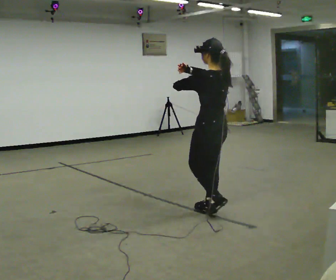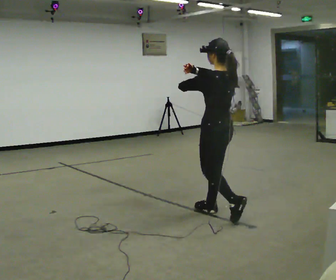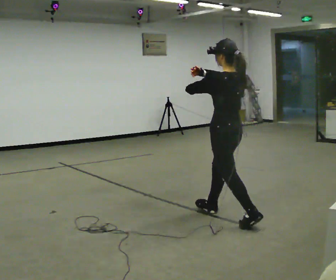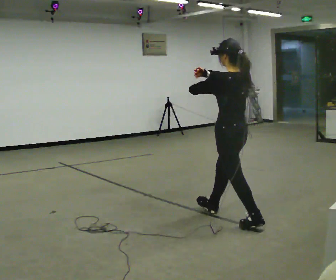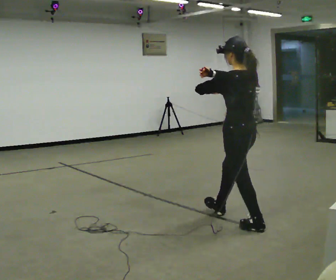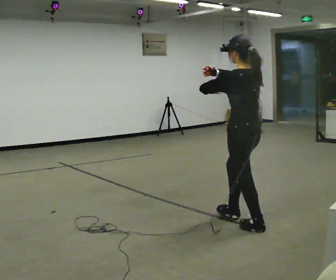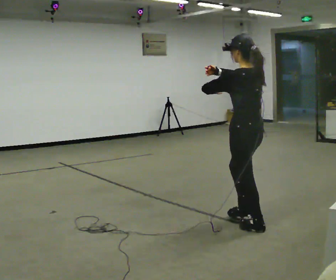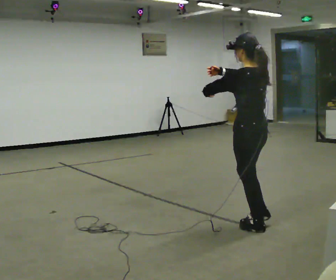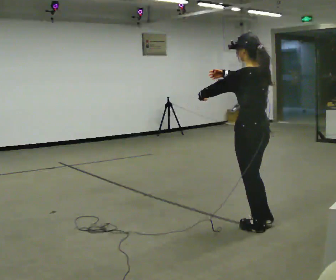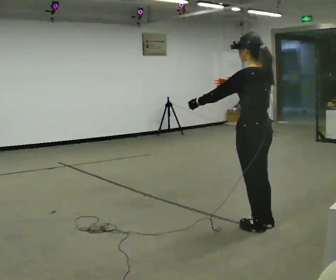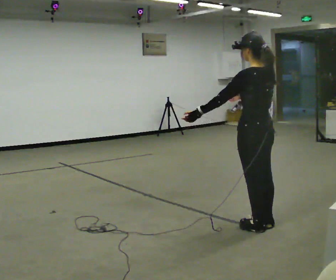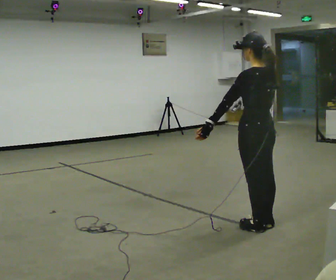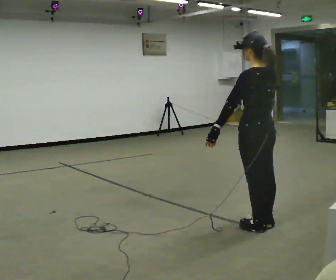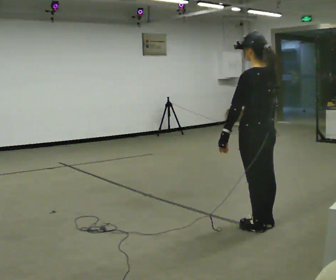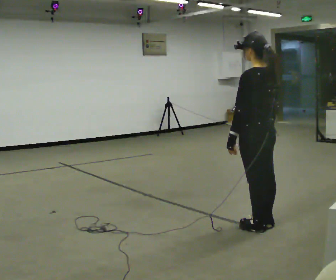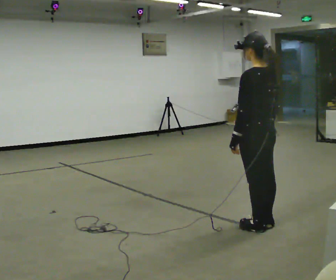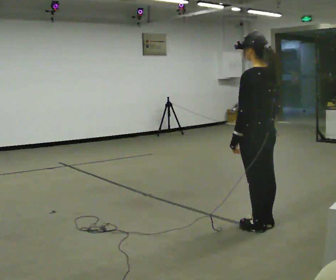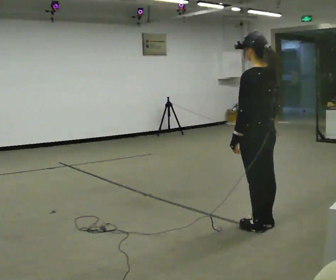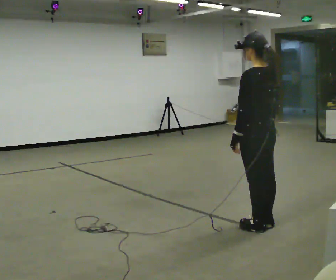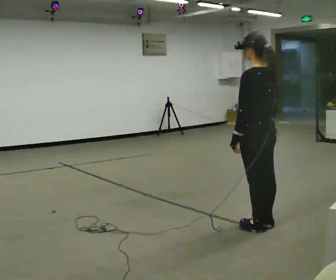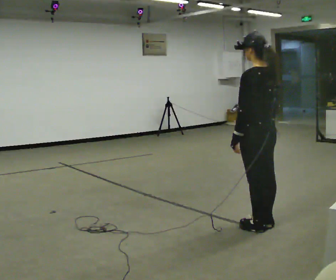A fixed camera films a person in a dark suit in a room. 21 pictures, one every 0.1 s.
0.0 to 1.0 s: In the picture they go toward the camera and to the right, about 0.5 m in 1 step, which for them is backward.
1.0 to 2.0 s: The person moves a little, or ends about where they began.
The film runs backward here.
